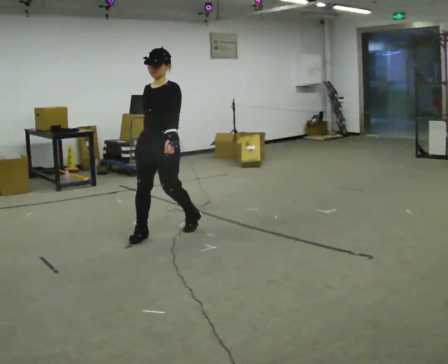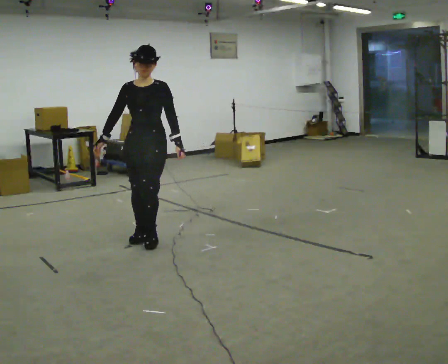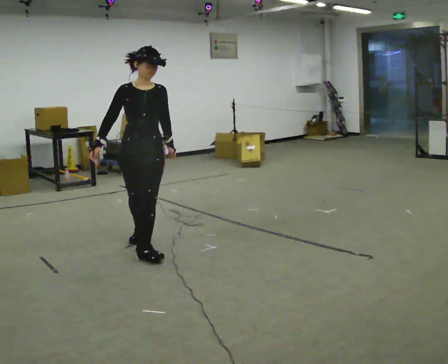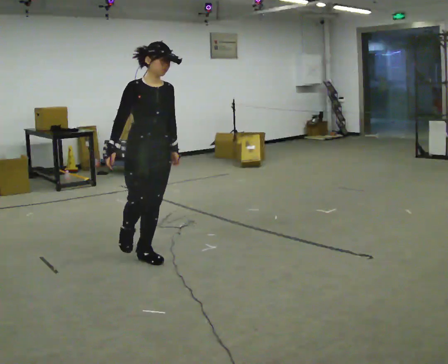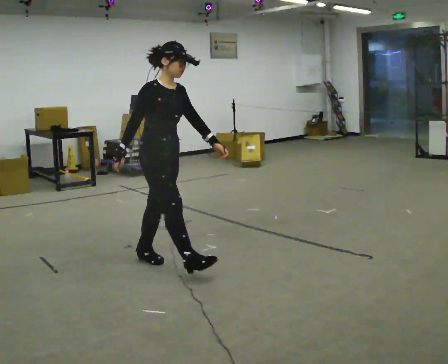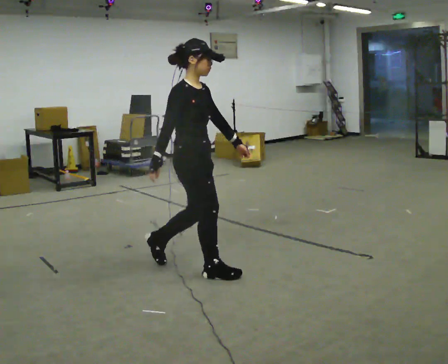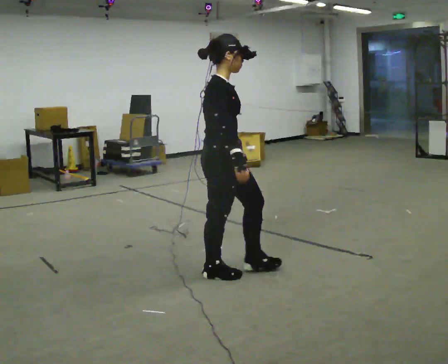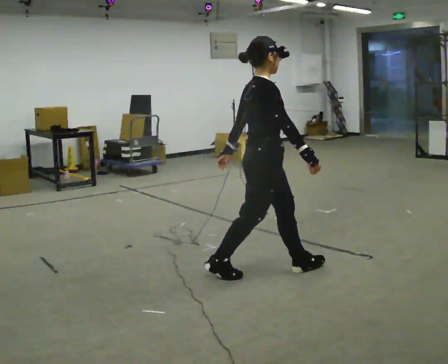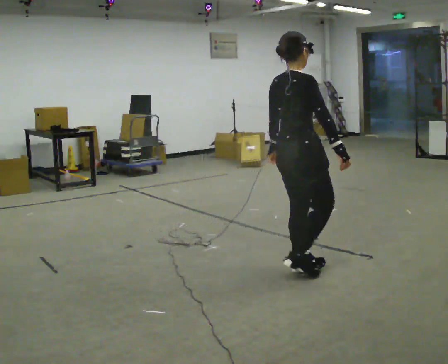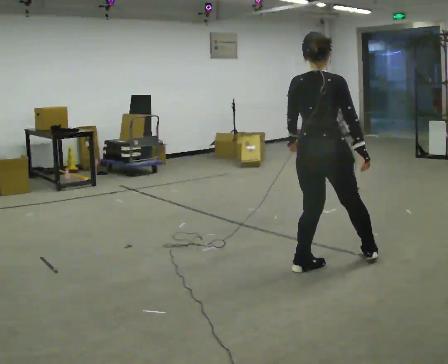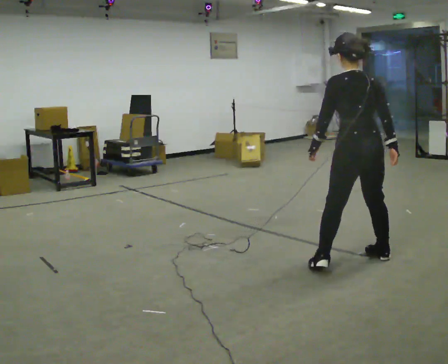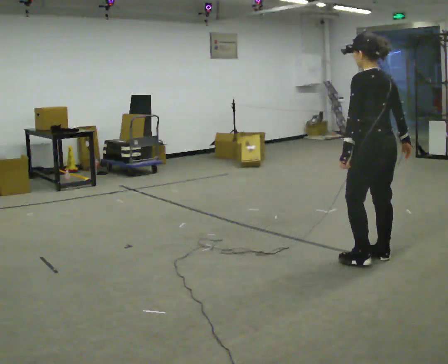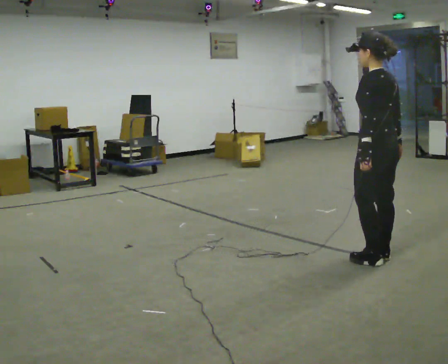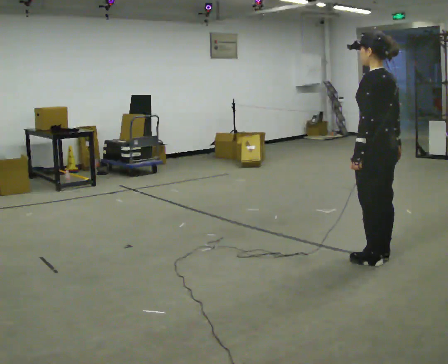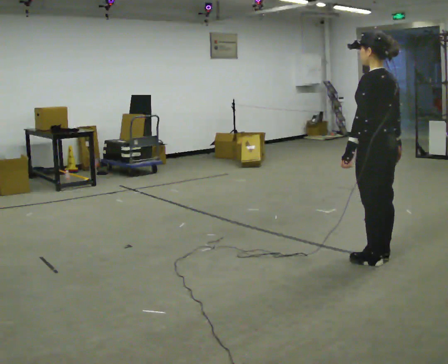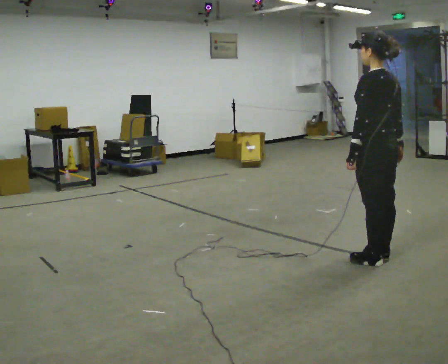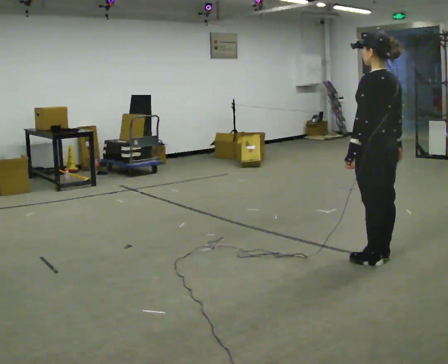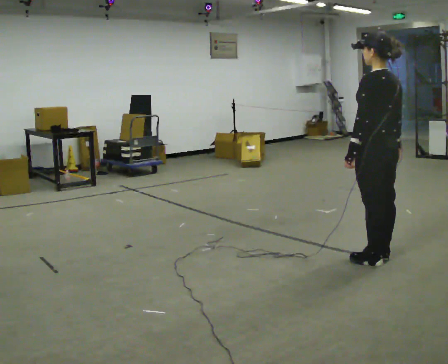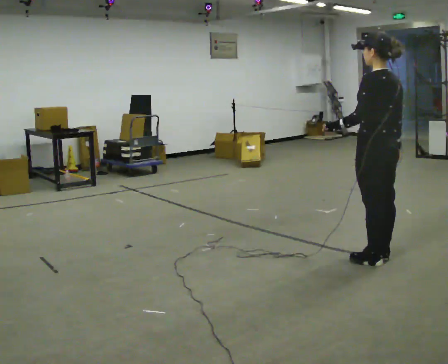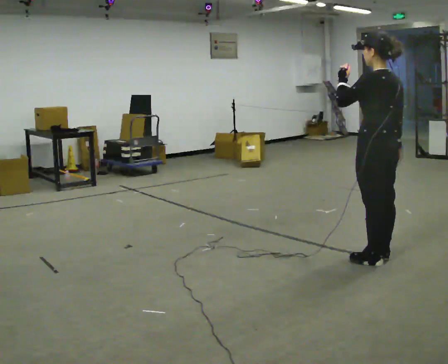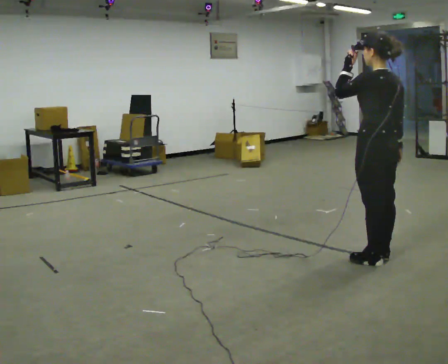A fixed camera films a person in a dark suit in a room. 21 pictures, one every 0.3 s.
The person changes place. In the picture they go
to the right.
The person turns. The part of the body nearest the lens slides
to the right.
0.0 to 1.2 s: The person turns about 90 degrees to their left, counterclockwise seen from above, so the part of the body nearest the lens slides to the right. In the picture they go toward the camera and to the right, about 0.75 m in 1 step.
1.2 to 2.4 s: Seen from above the body turns counterclockwise, about 60 degrees: to their left, with its near side sliding to the right. In the picture they go to the right, about 1 m in 2 steps, which for them is forward.
2.4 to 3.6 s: The part of the body nearest the lens slides to the right as the person turns to their left by about 105 degrees. In the picture they go to the right, about 0.5 m in 2 steps.
3.6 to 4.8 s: The person moves a little, or ends about where they began.
4.8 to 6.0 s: In the picture their left hand goes upward.
The film runs forward here.
